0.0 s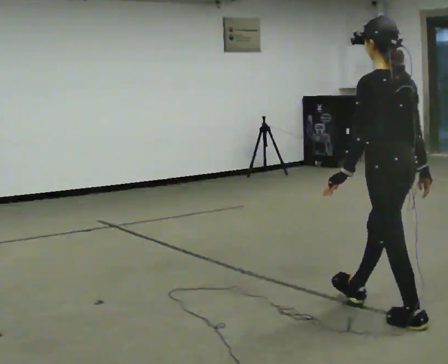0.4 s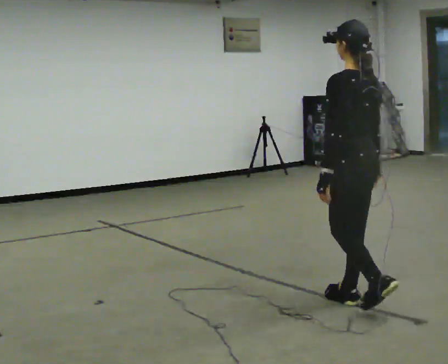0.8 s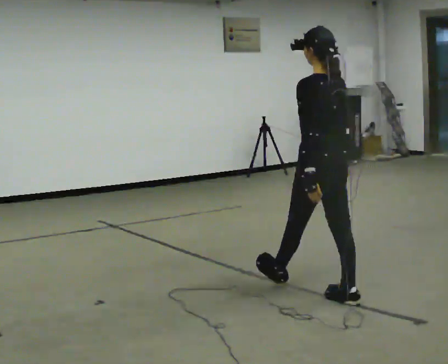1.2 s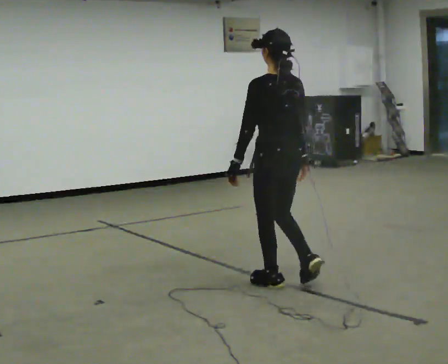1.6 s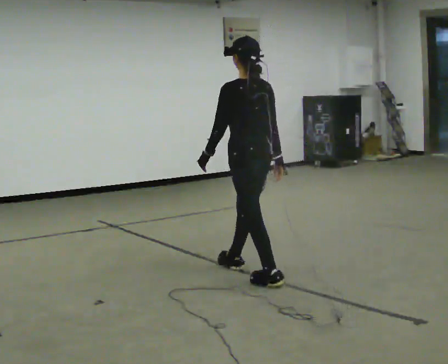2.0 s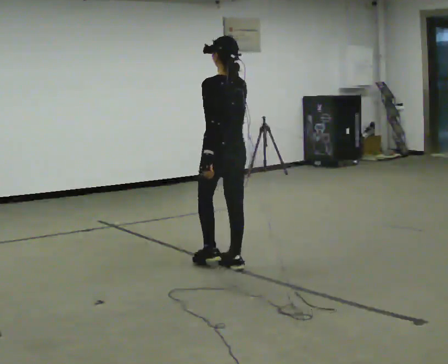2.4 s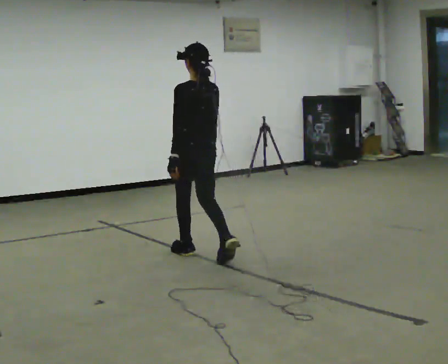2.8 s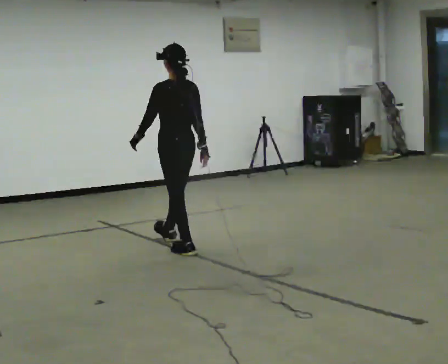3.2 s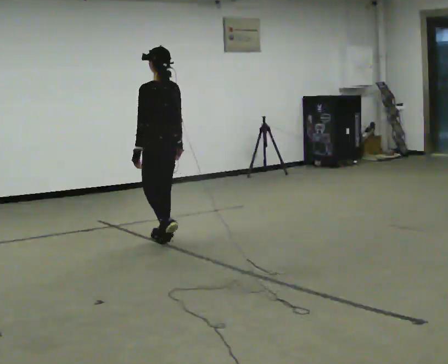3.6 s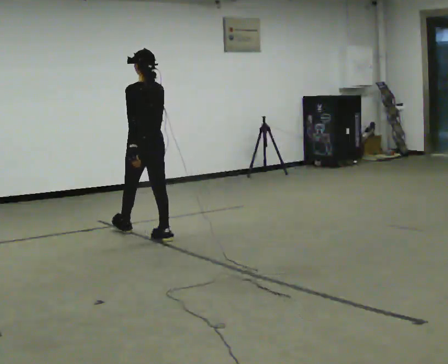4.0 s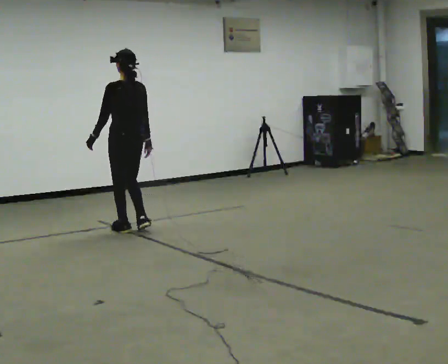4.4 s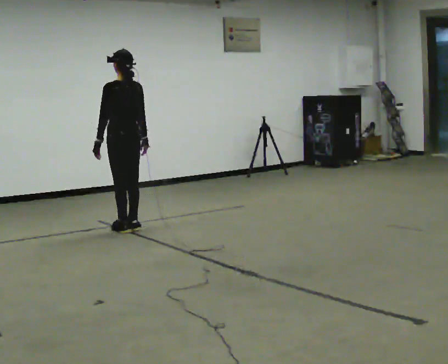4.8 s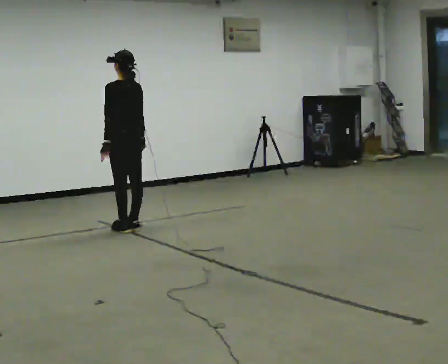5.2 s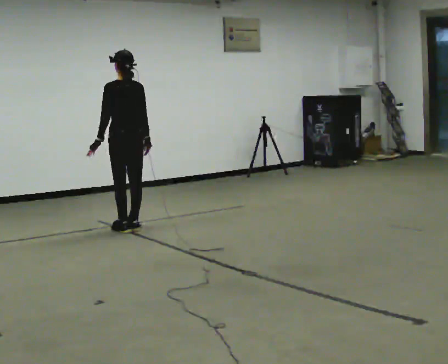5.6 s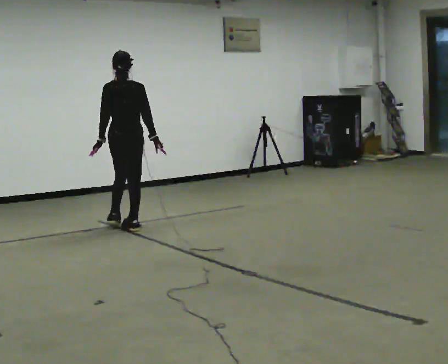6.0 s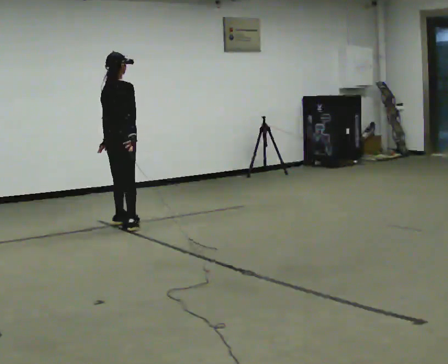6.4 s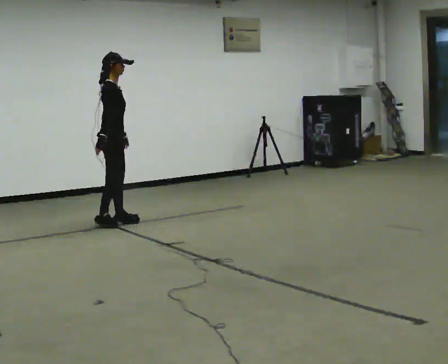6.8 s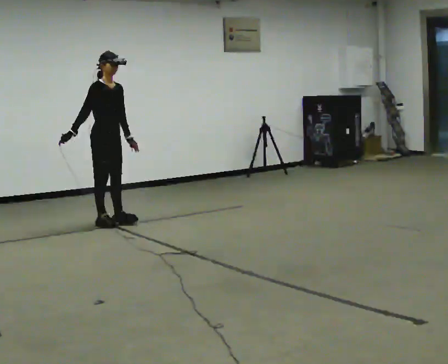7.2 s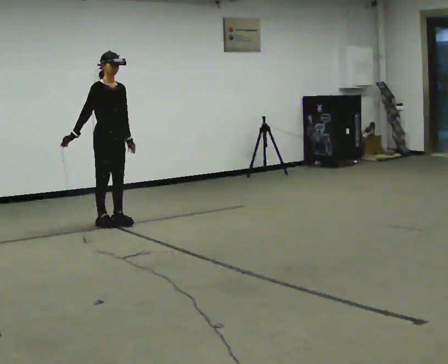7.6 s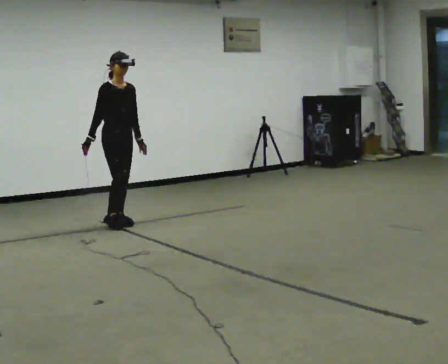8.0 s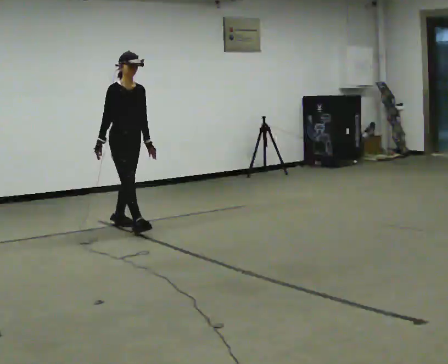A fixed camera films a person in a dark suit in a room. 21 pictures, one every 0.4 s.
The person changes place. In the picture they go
away from the camera.
0.0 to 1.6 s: In the picture they go away from the camera and to the left, about 1 m in 3 steps, which for them is forward.
1.6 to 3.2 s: In the picture they go away from the camera and to the left, about 1.5 m in 2 steps, which for them is forward.
3.2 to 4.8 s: In the picture they go away from the camera and to the left, about 0.5 m in 2 steps, which for them is forward.
4.8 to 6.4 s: The part of the body nearest the lens slides to the left as the person turns to their right by about 135 degrees. In the picture they go away from the camera and to the left, about 0.25 m in 1 step.
6.4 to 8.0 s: The person turns about 45 degrees to their right, clockwise seen from above, so the part of the body nearest the lens slides to the left. In the picture they go toward the camera and to the right, about 0.25 m in 2 steps, which for them is forward.
The film runs forward here.
